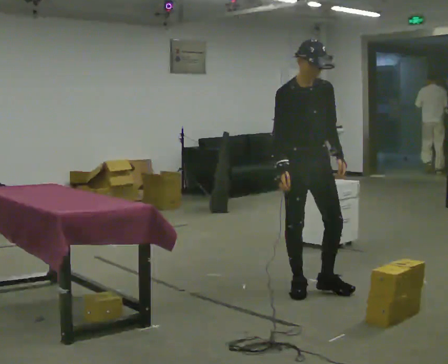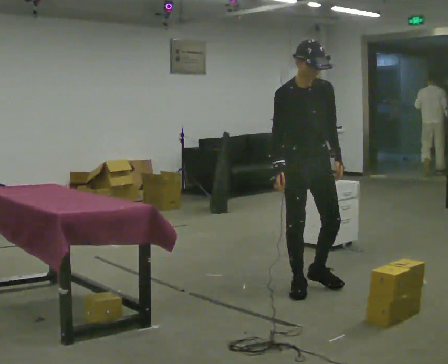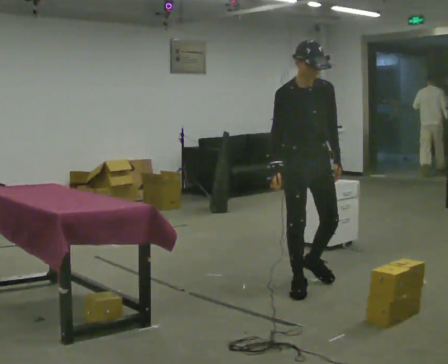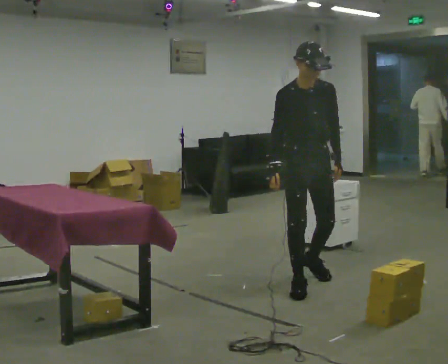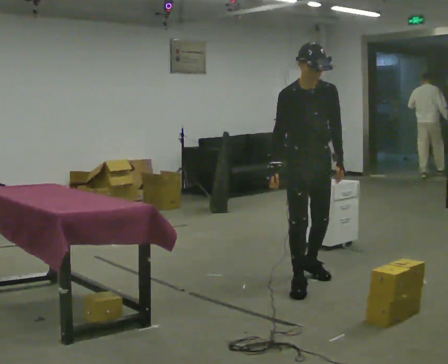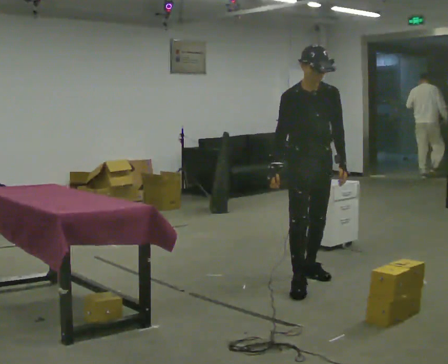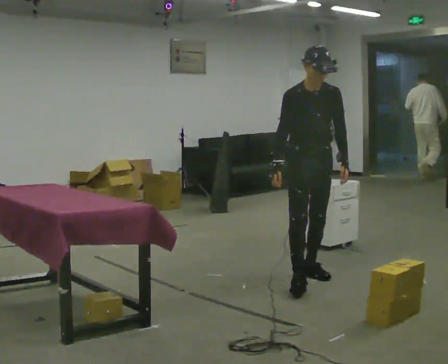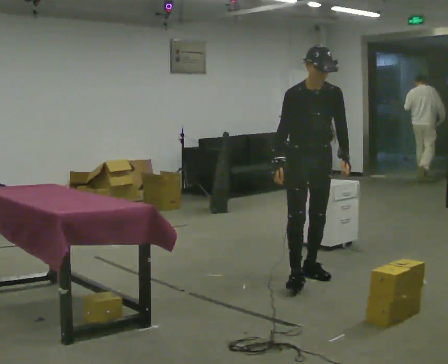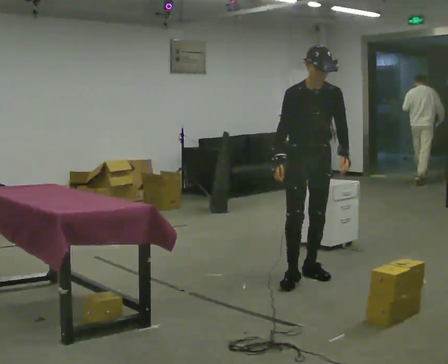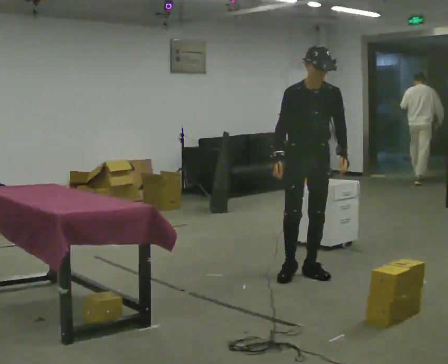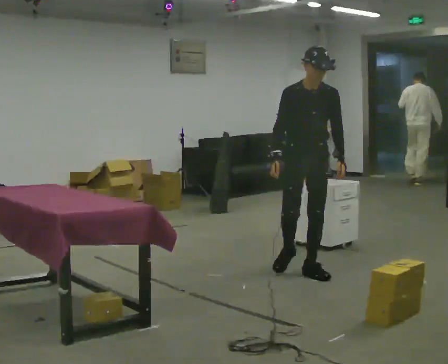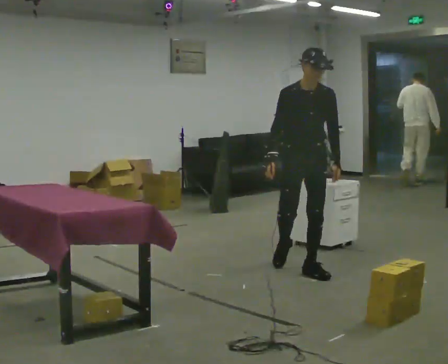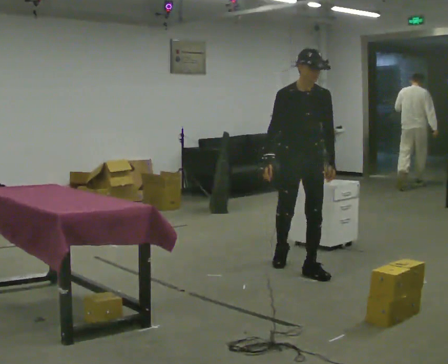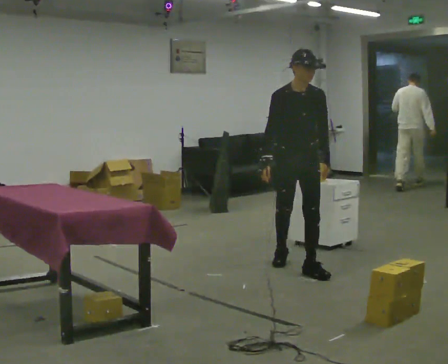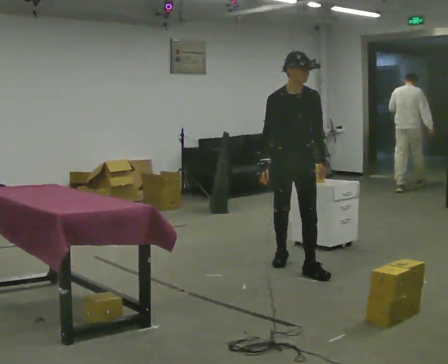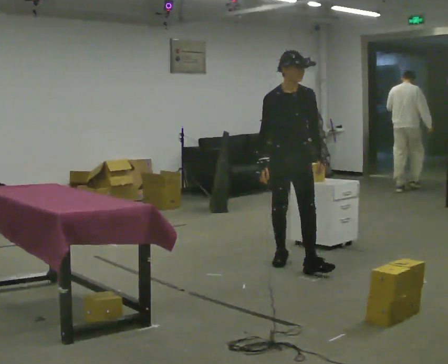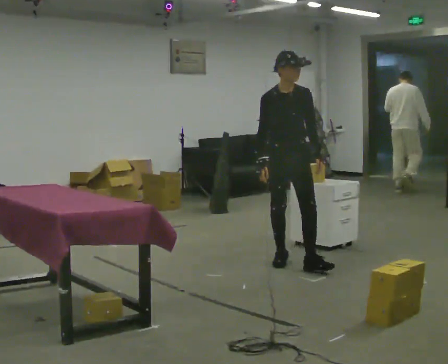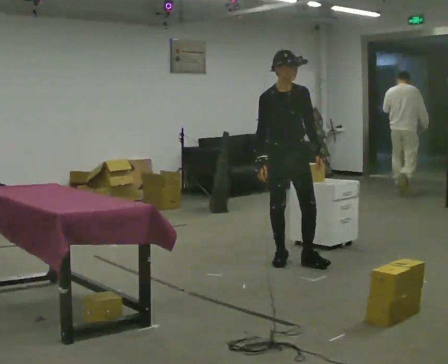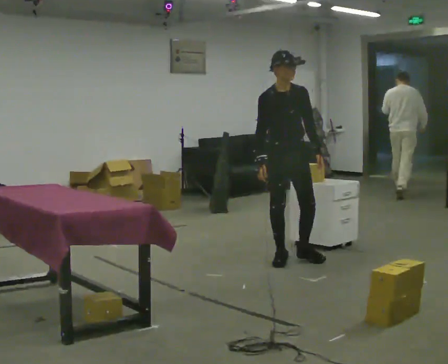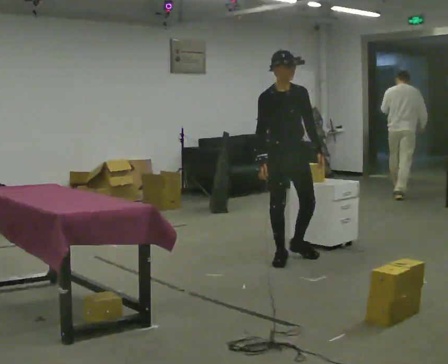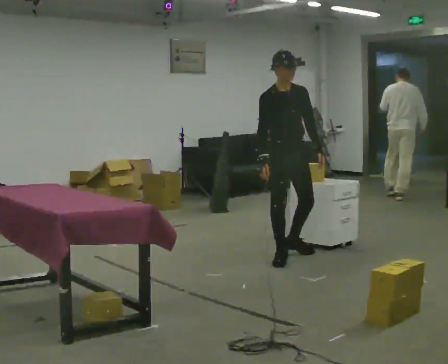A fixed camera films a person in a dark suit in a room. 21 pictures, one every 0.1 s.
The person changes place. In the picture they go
away from the camera.
0.0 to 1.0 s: In the picture they go away from the camera, about 0.5 m in 1 step, which for them is backward and to their left.
1.0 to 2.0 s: In the picture they go away from the camera and to the left, about 0.5 m in 1 step, which for them is backward.
The film runs backward here.
